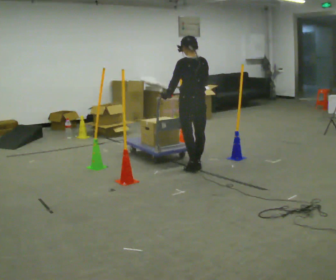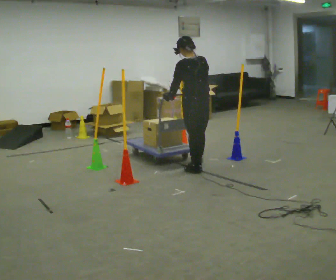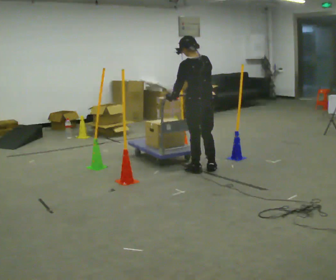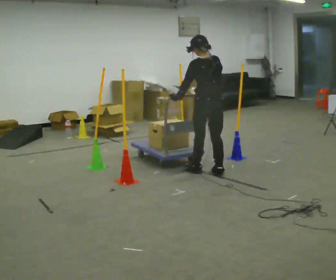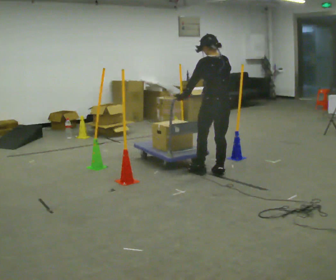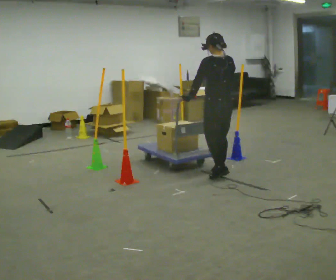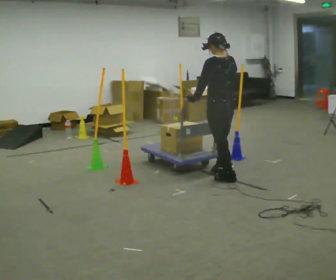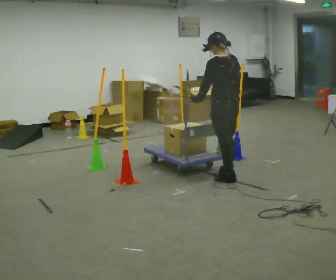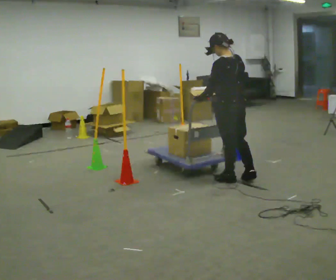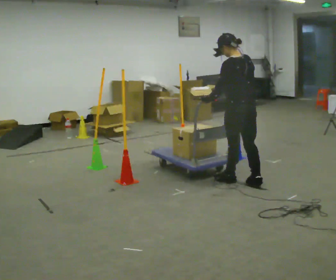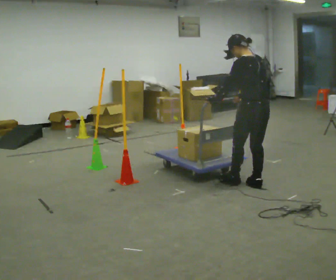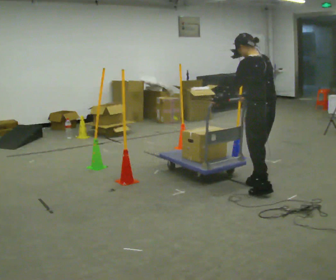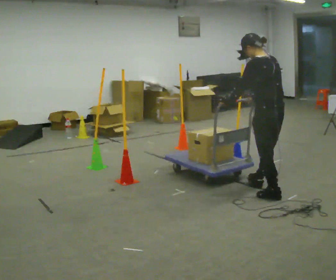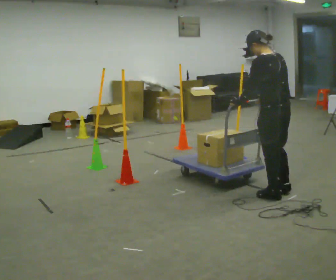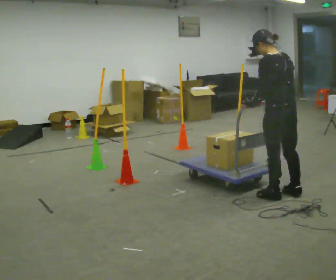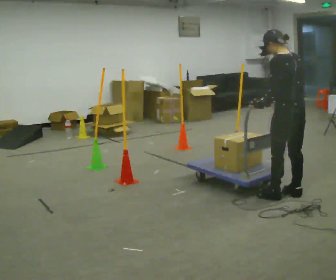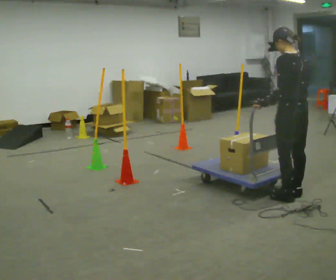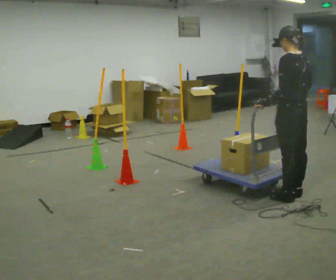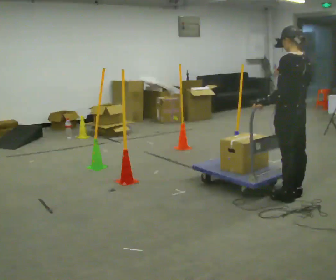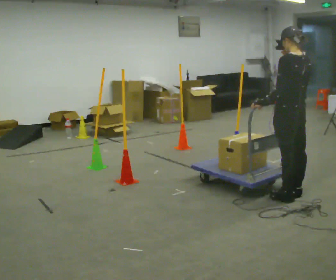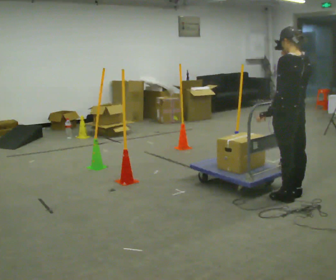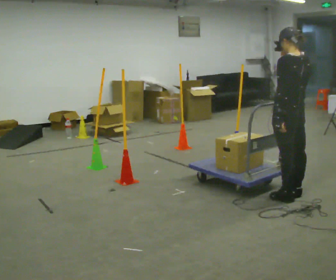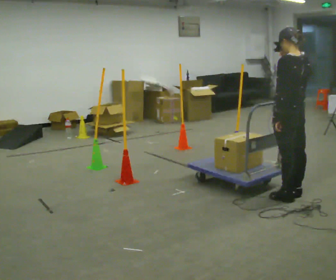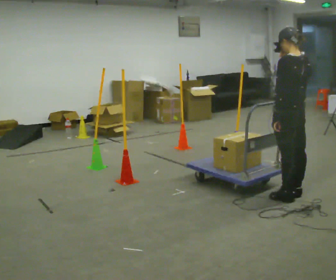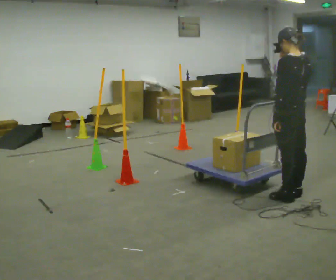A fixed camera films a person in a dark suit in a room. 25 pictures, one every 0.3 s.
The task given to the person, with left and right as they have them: Push the cart in and out of the line of poles without touching any of them. Keep going until the operator says stop.
0.0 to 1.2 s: In the picture they go to the right and toward the camera, about 0.25 m in 1 step, which for them is backward.
1.2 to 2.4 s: In the picture they go toward the camera and to the right, about 0.25 m in 1 step, which for them is backward.
2.4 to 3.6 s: In the picture they go toward the camera and to the right, about 0.5 m in 2 steps, which for them is backward.
3.6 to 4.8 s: In the picture they go to the right, about 0.25 m in 1 step, which for them is backward. In the picture their left hand goes to the right.
4.8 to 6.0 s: In the picture their right hand goes upward.
6.0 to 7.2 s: The person moves a little, or ends about where they began.
The film runs forward here.
